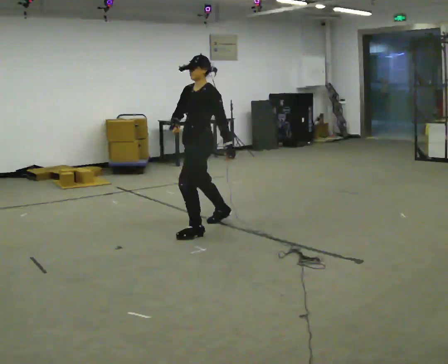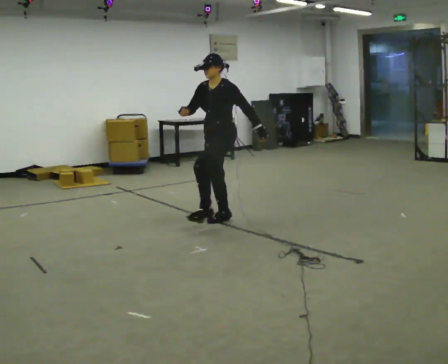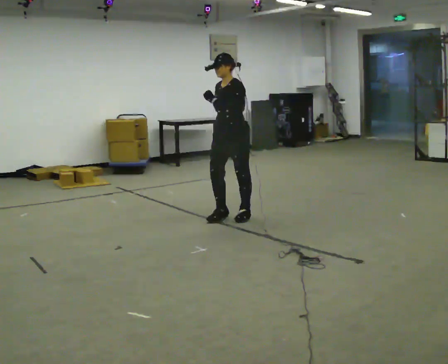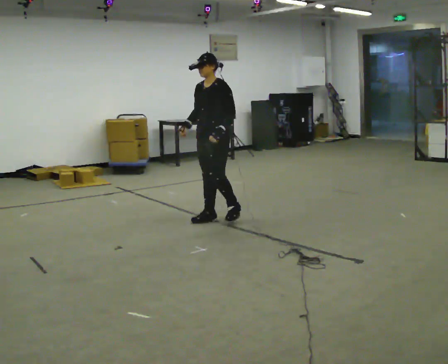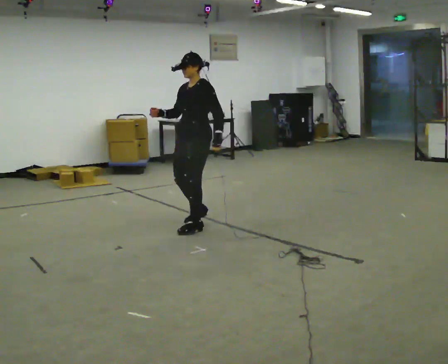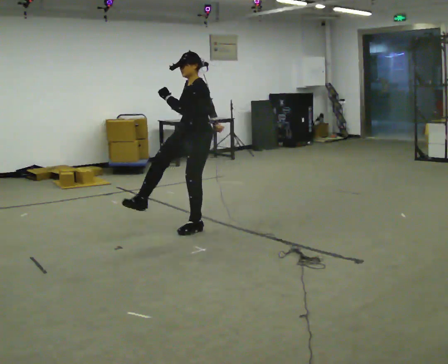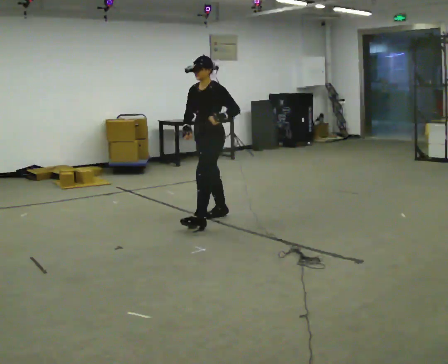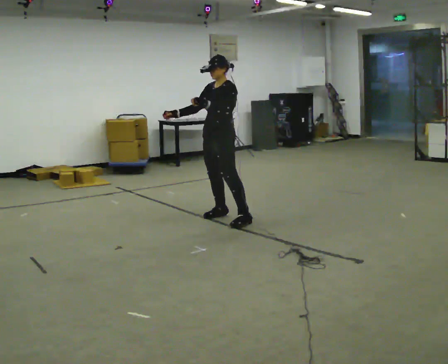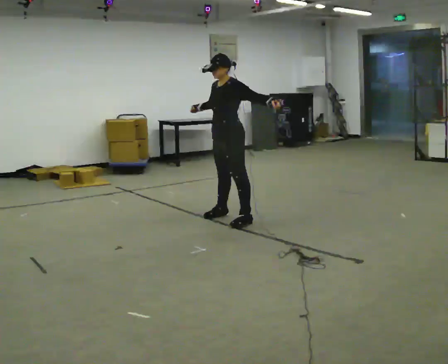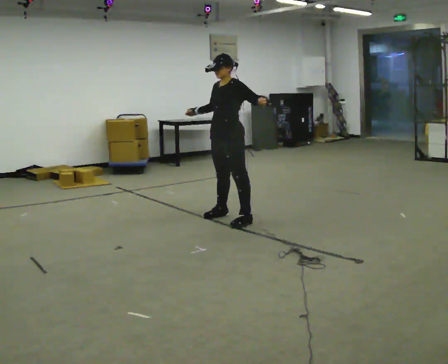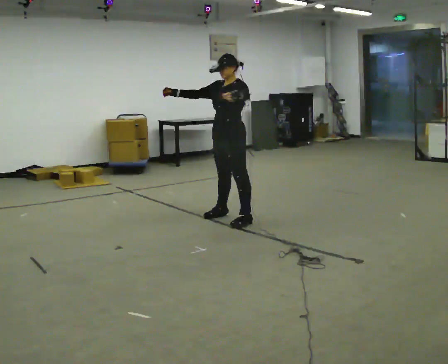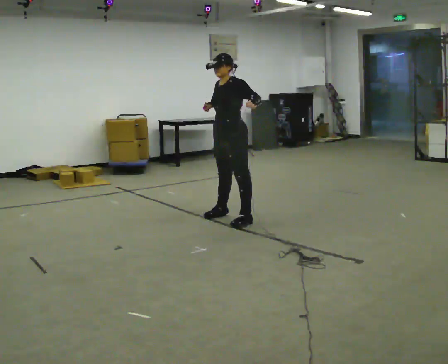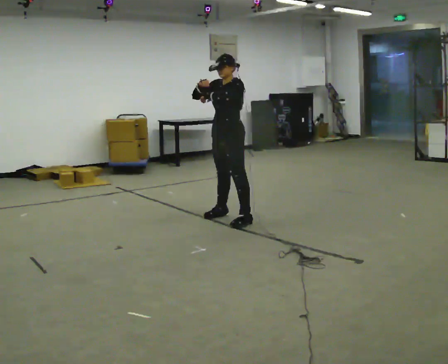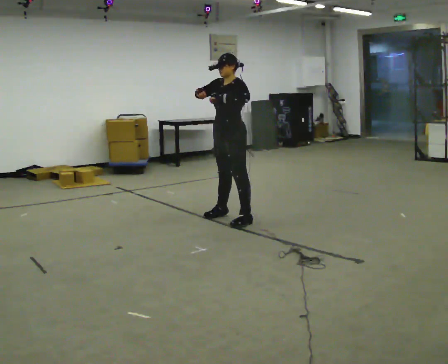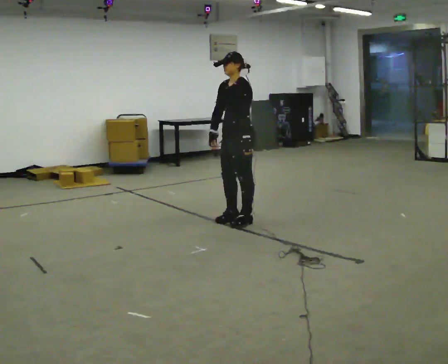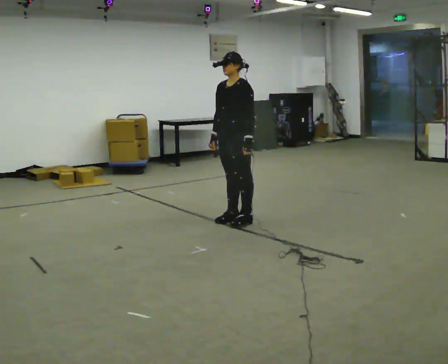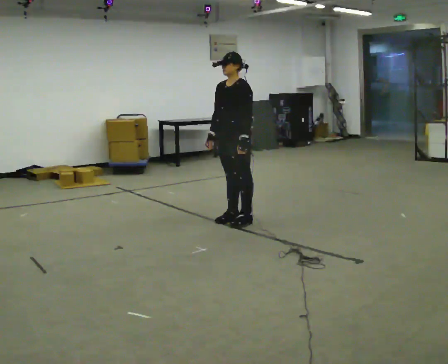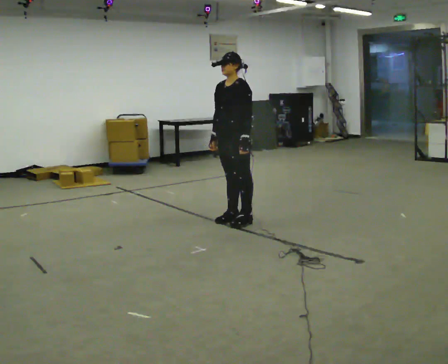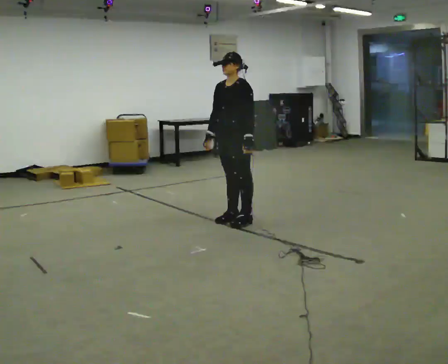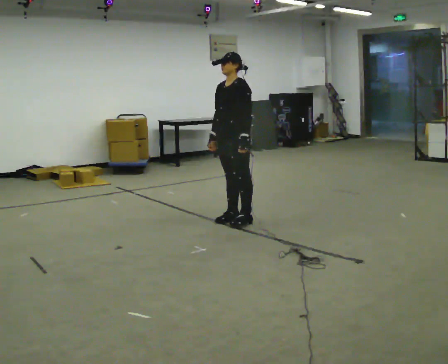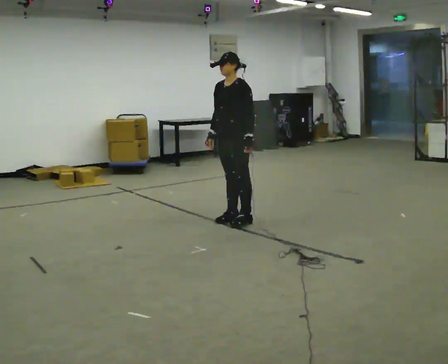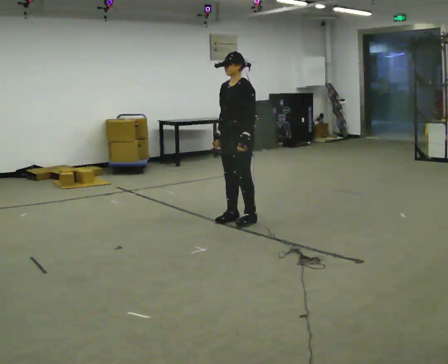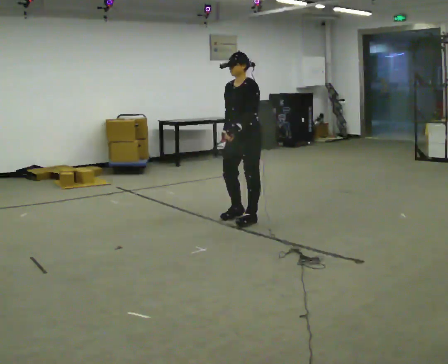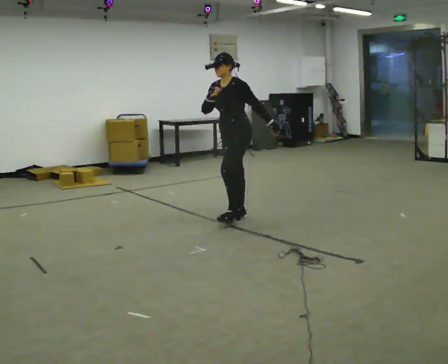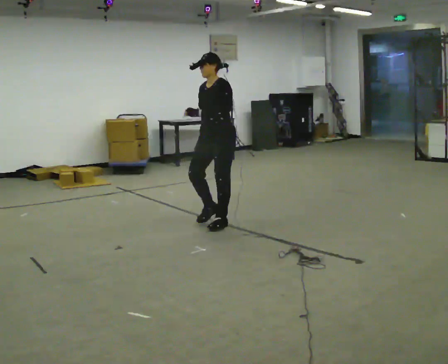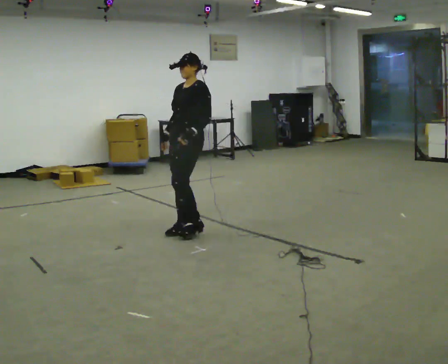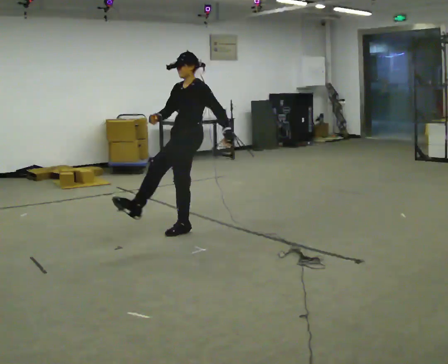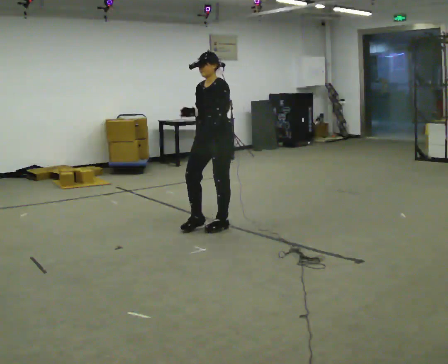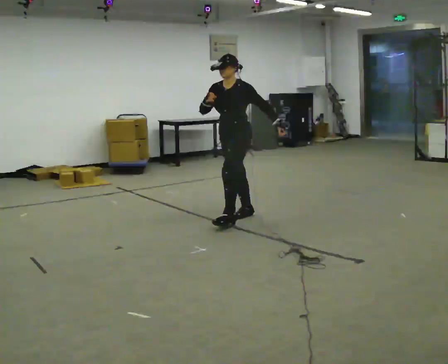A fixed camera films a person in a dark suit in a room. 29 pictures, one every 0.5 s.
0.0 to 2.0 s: The person moves a little, or ends about where they began.
2.0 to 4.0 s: In the picture they go to the right and away from the camera, about 0.25 m in 1 step, which for them is backward.
4.0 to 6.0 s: In the picture their left hand goes to the left.
6.0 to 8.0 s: In the picture their right hand goes downward.
8.0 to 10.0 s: The person moves a little, or ends about where they began.
10.0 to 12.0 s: In the picture their left hand goes to the left.
12.0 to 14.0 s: In the picture they go away from the camera, about 0.25 m in 2 steps, which for them is backward. In the picture their left hand goes to the right.
The film runs backward here.
